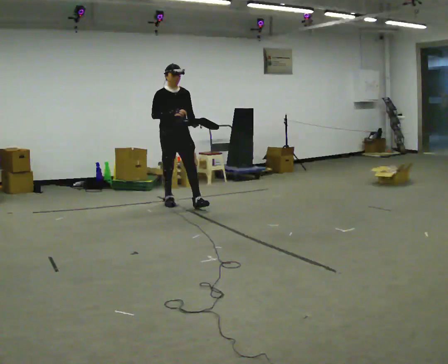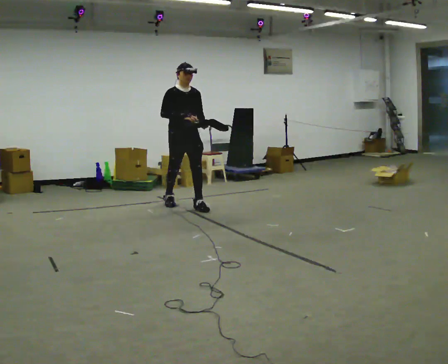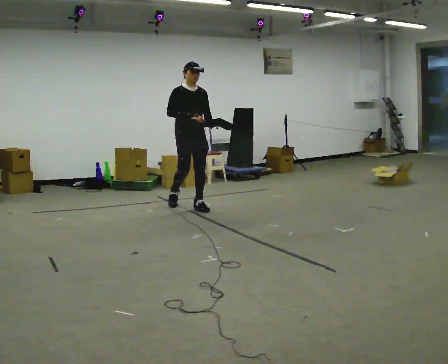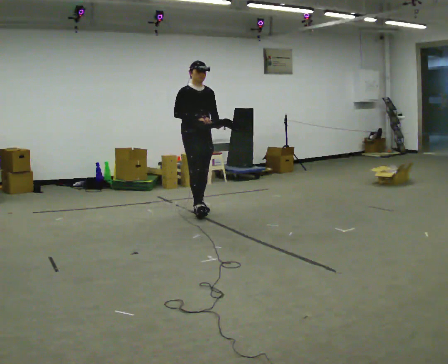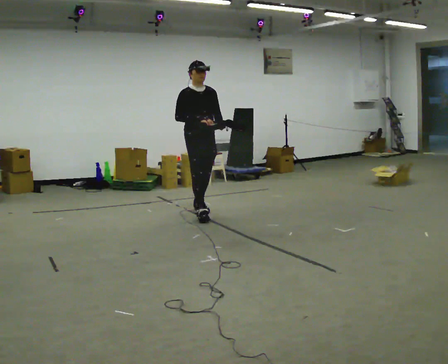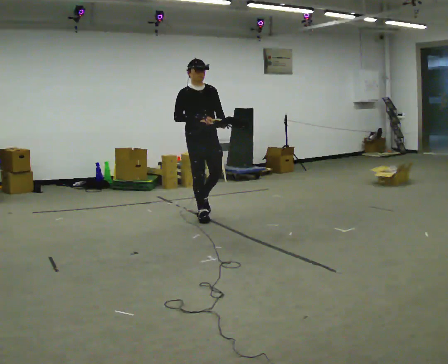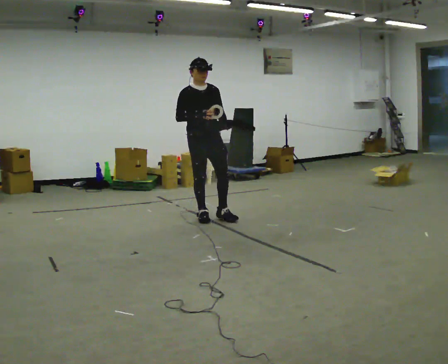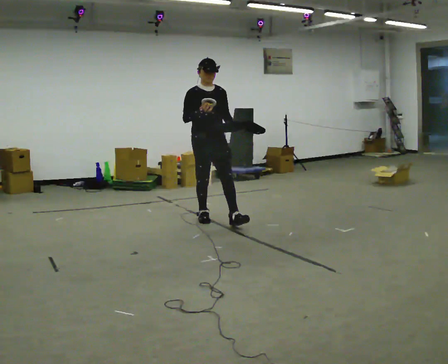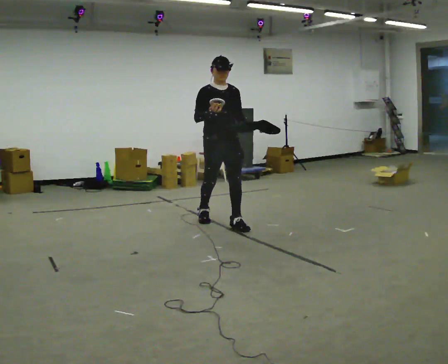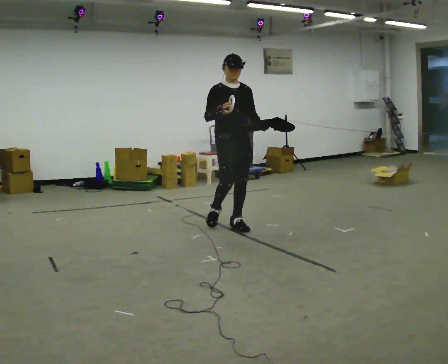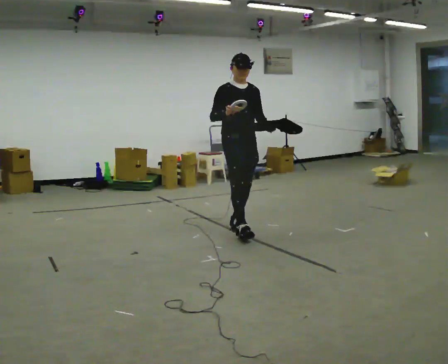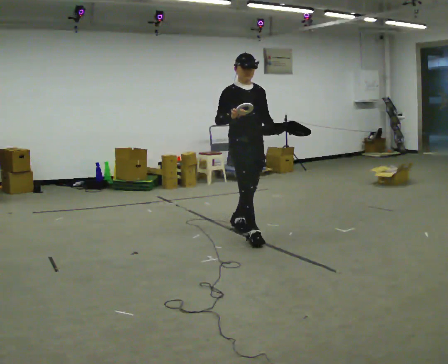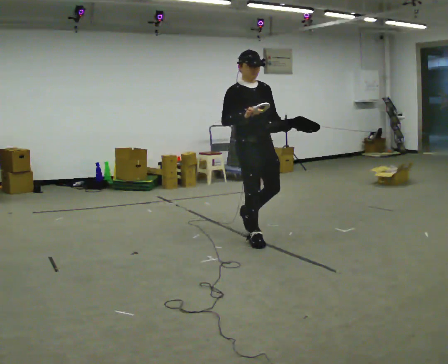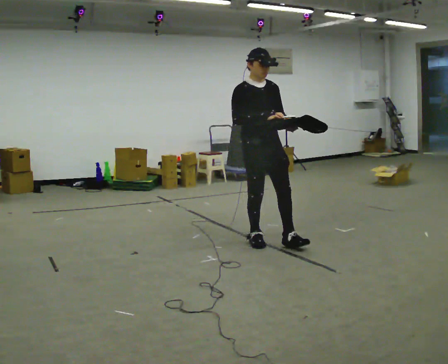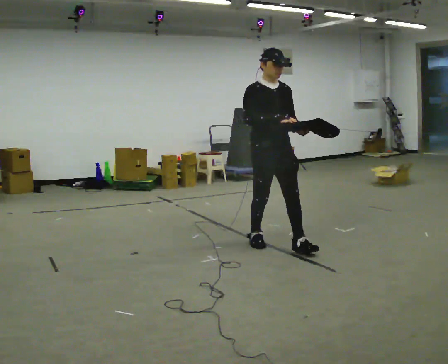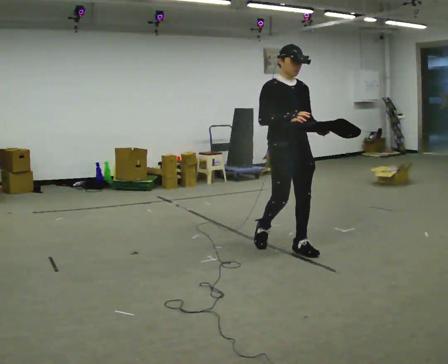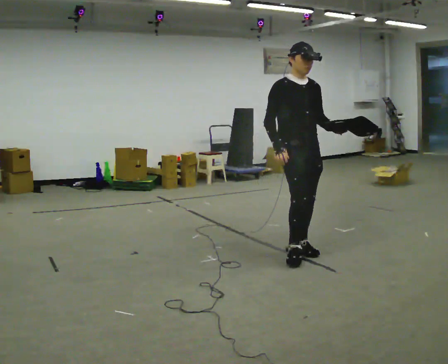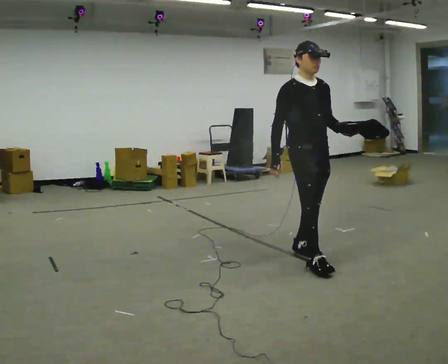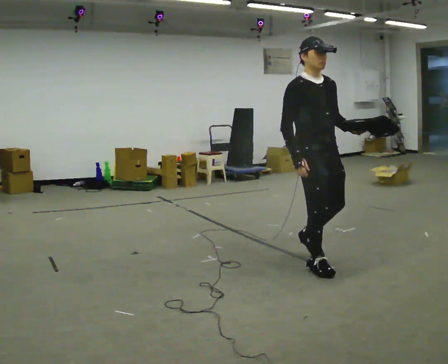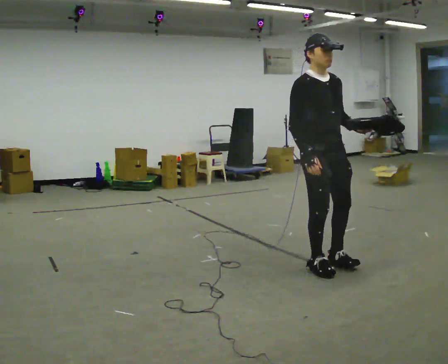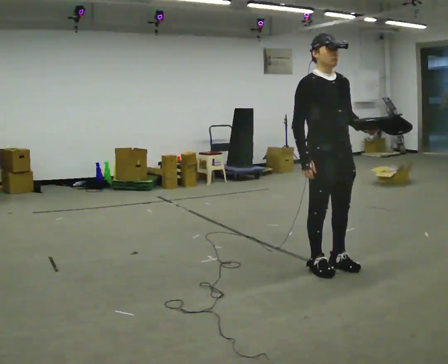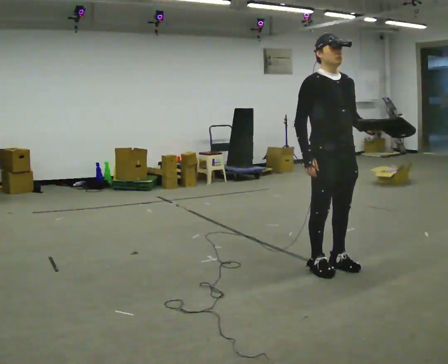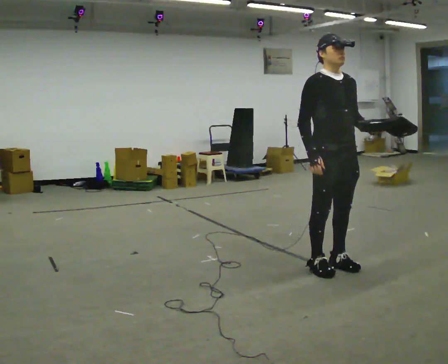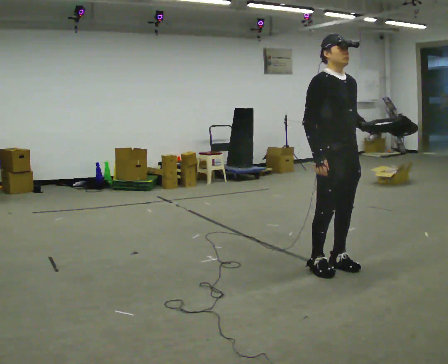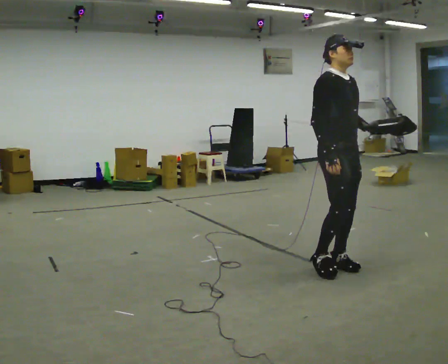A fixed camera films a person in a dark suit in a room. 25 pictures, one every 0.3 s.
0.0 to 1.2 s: In the picture they go toward the camera and to the right, about 0.5 m in 2 steps, which for them is forward.
1.2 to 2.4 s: In the picture they go toward the camera and to the right, about 0.5 m in 1 step, which for them is forward.
2.4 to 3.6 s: In the picture they go toward the camera and to the right, about 0.75 m in 1 step, which for them is forward.
3.6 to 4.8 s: In the picture they go toward the camera and to the right, about 0.5 m in 1 step, which for them is forward.
4.8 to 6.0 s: In the picture they go toward the camera and to the right, about 0.5 m in 2 steps, which for them is forward.
6.0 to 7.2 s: The person moves a little, or ends about where they began.
The film runs forward here.
